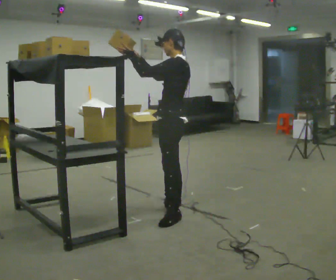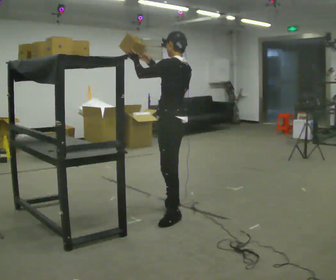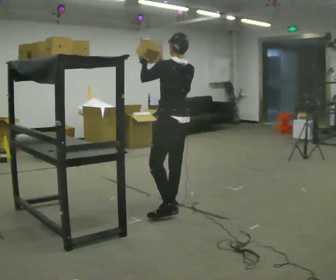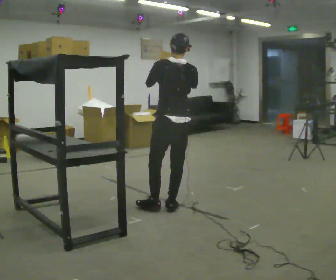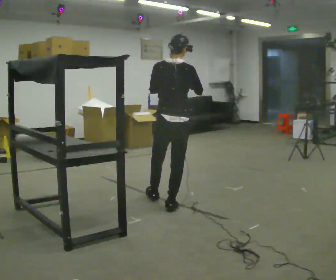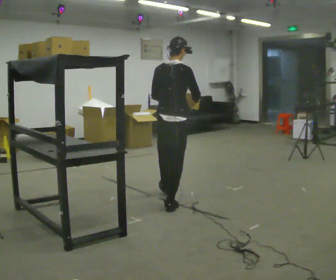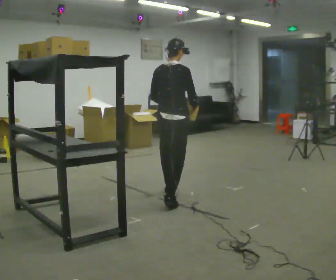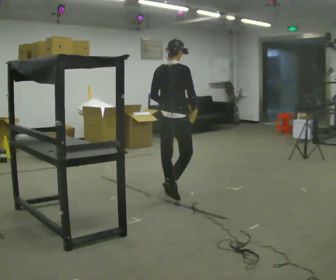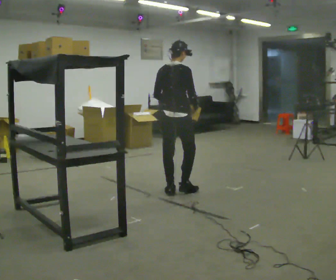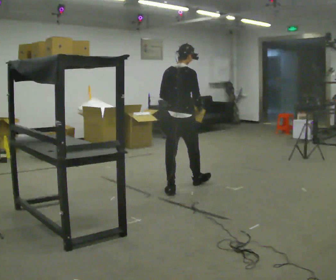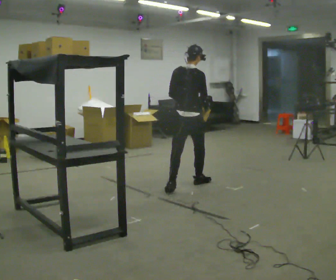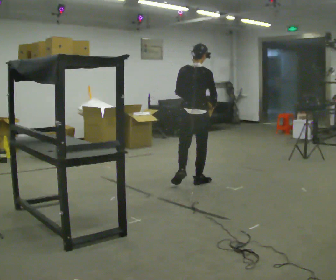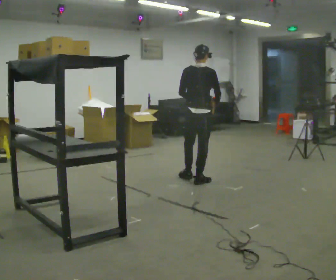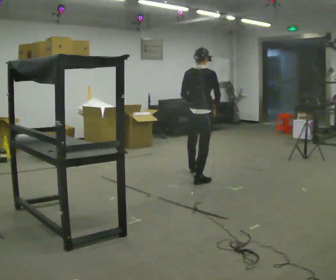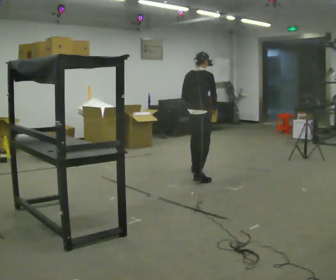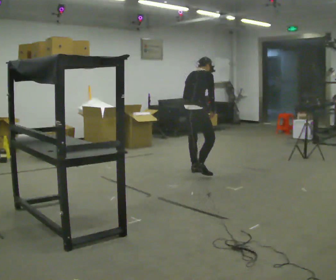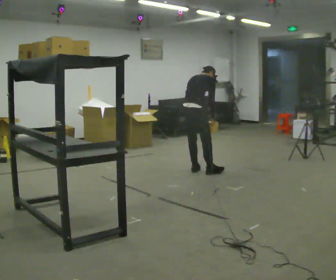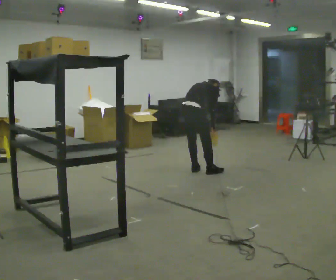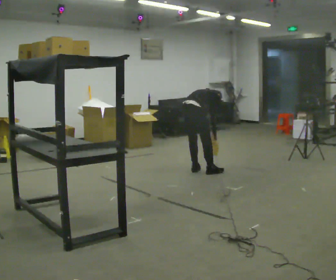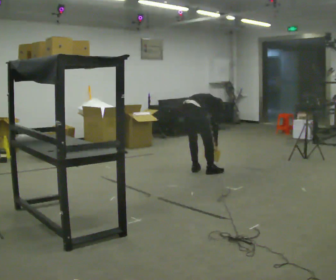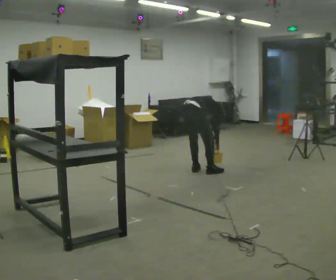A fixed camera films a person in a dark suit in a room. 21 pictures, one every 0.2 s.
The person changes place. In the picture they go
away from the camera.
The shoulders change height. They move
downward.
0.0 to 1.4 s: The person turns about 105 degrees to their right, clockwise seen from above, so the part of the body nearest the lens slides to the left. In the picture they go away from the camera, about 0.5 m in 1 step. In the picture their right hand goes downward.
1.4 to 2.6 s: In the picture they go away from the camera, about 1 m in 1 step, which for them is forward.
2.6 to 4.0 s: In the picture they go away from the camera, about 0.5 m in 2 steps, which for them is forward and to their left. The upper body goes downward. The upper body tips away from the camera, its near side rolling upward, as they bend forward. In the picture their right hand goes downward.
The film runs forward here.
